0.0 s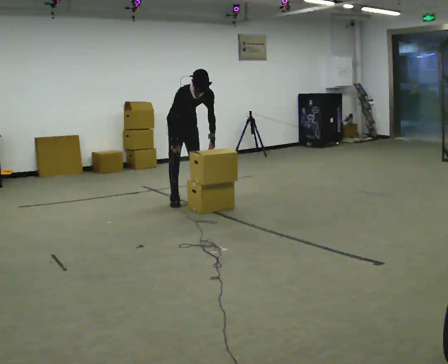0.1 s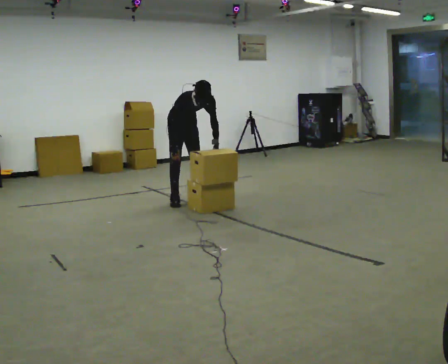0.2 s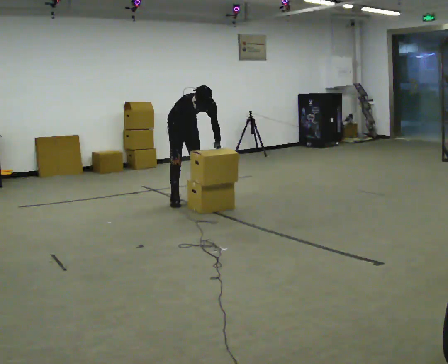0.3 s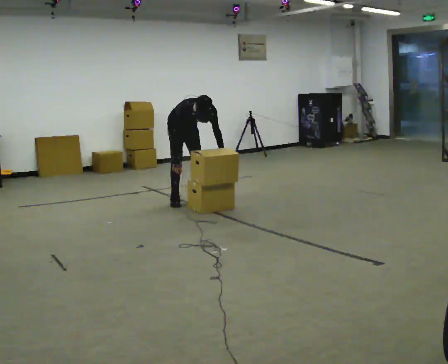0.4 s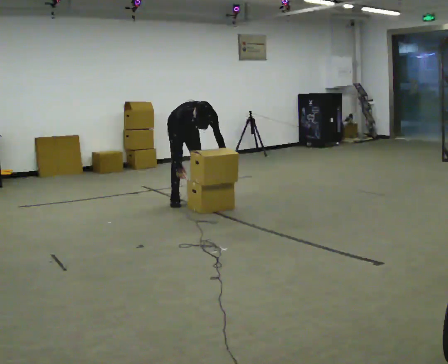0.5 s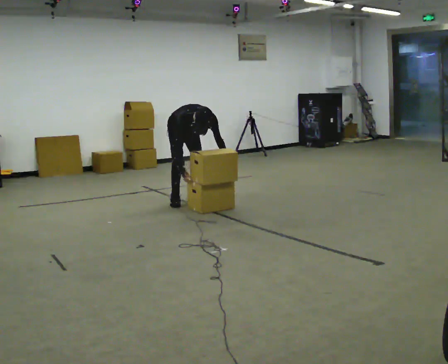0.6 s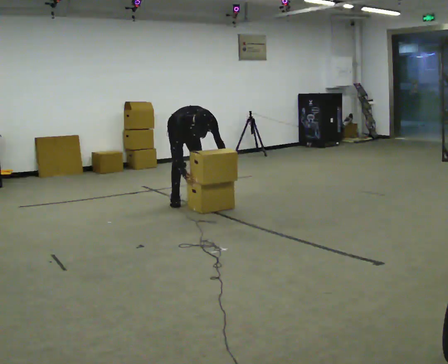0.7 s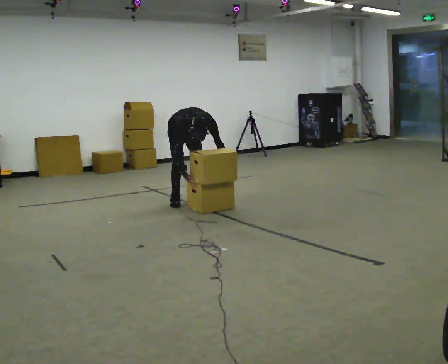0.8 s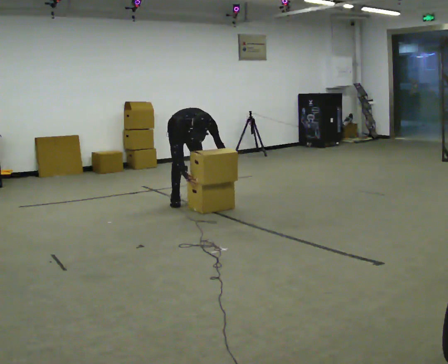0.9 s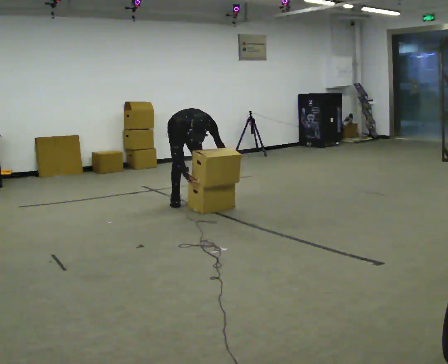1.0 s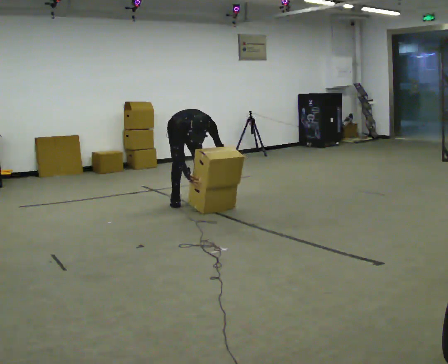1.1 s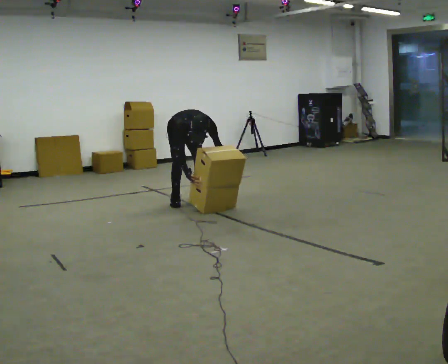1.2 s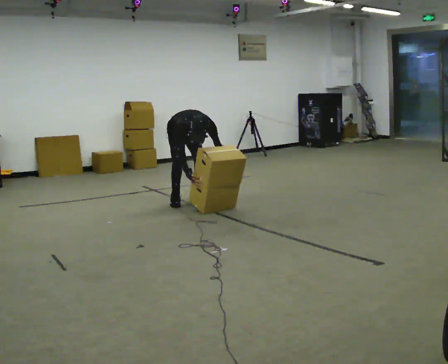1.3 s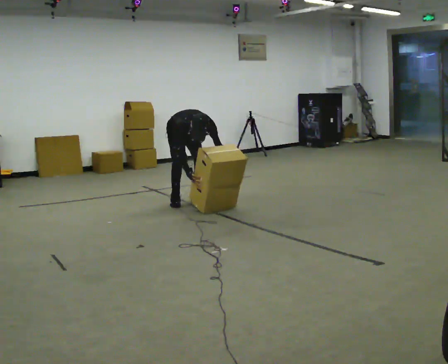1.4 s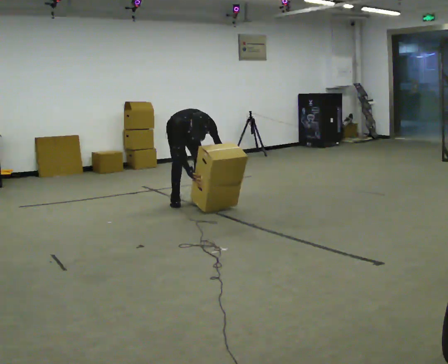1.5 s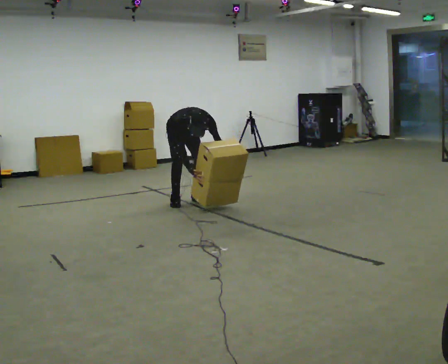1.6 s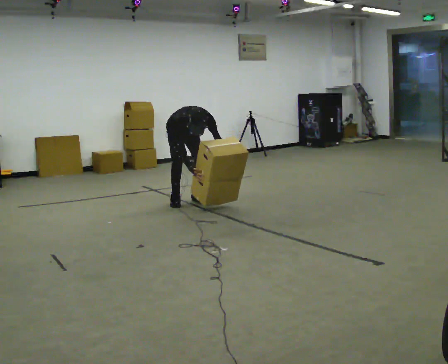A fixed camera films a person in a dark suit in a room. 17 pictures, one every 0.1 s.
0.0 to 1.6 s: The shoulders move downward. The upper body tips toward the camera, its near side rolling downward, as they bend forward. In the picture their right hand goes downward.
The film runs backward here.
